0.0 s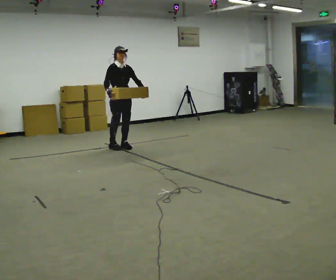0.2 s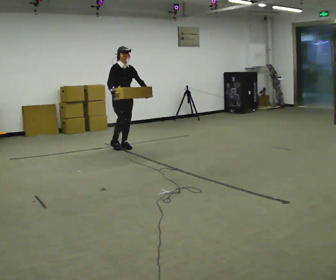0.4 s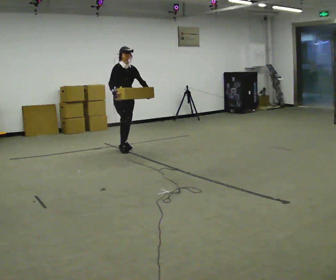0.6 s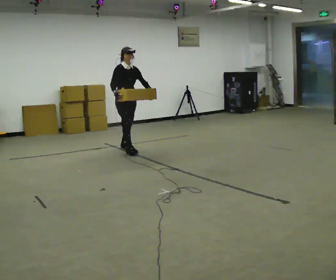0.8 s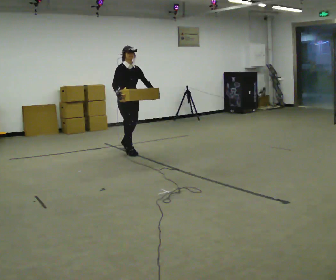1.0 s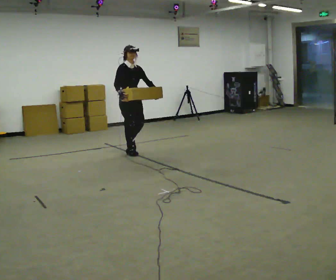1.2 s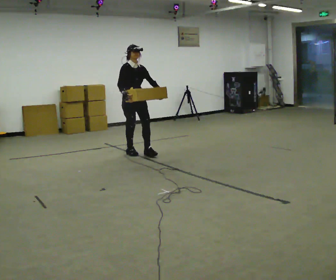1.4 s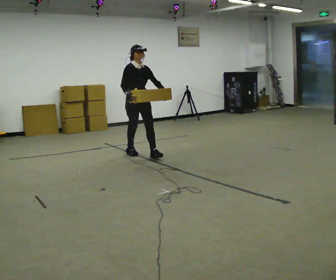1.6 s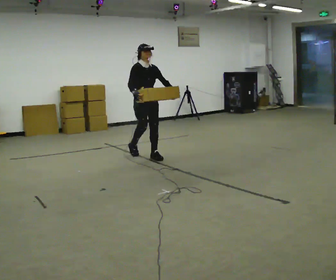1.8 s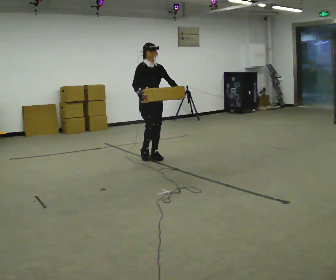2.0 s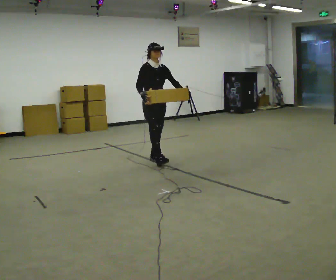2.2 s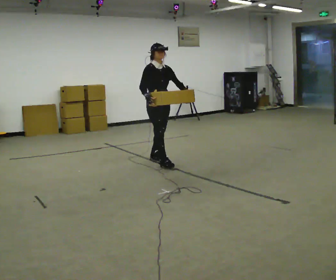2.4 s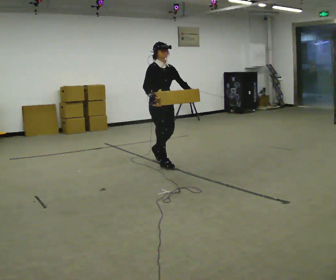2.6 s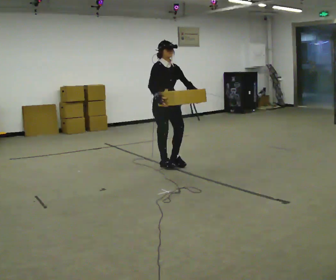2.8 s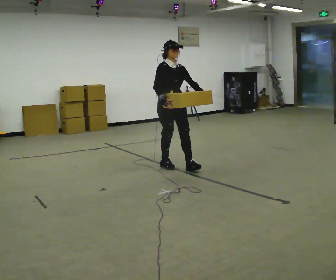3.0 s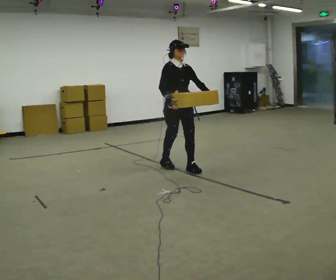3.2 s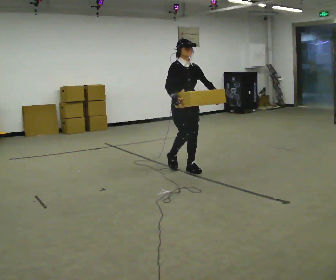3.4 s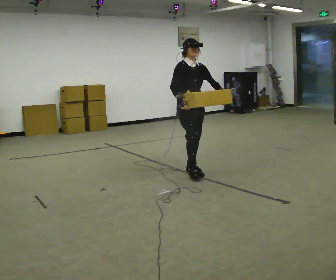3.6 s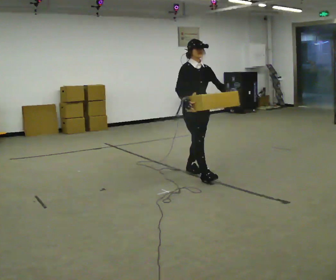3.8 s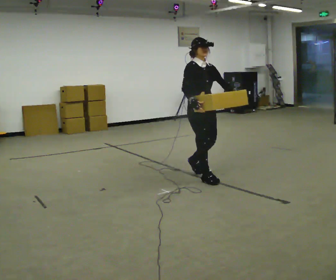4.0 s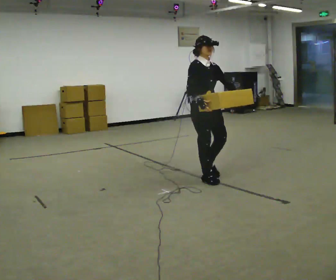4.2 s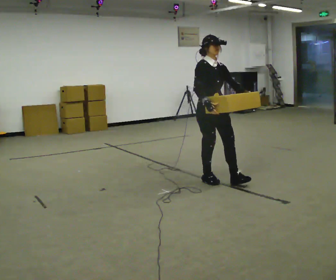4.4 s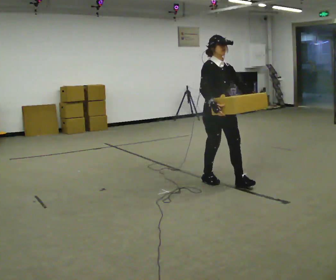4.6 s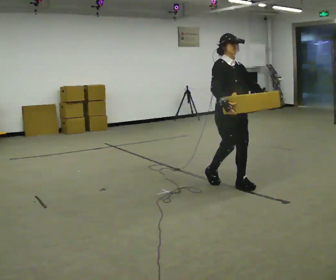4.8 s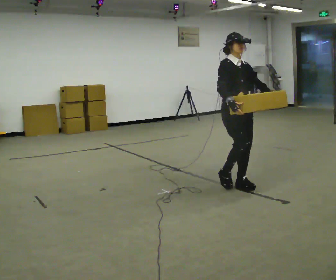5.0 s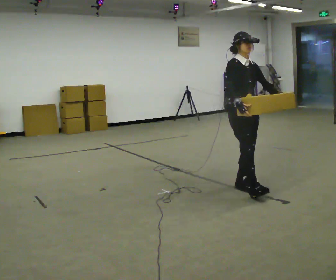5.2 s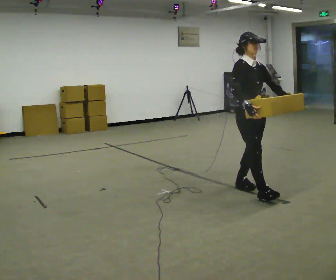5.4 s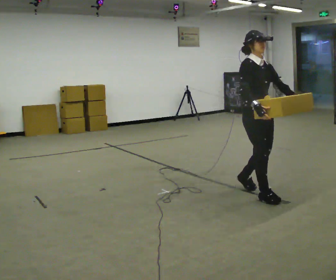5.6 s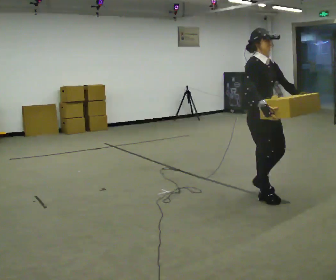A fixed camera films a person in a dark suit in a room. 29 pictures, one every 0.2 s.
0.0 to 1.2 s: In the picture they go toward the camera and to the right, about 0.5 m in 1 step, which for them is forward.
1.2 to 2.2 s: In the picture they go toward the camera and to the right, about 0.5 m in 2 steps, which for them is forward.
2.2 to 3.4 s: In the picture they go toward the camera and to the right, about 0.75 m in 1 step, which for them is forward.
3.4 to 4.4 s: In the picture they go toward the camera and to the right, about 0.5 m in 2 steps, which for them is forward.
4.4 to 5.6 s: In the picture they go toward the camera and to the right, about 0.5 m in 1 step, which for them is forward.
The film runs forward here.
